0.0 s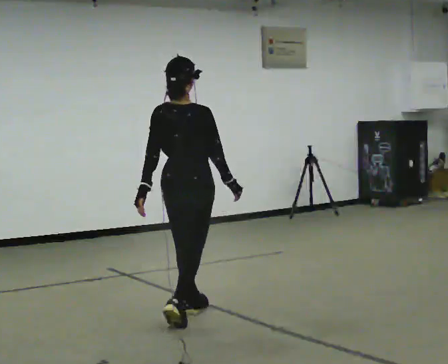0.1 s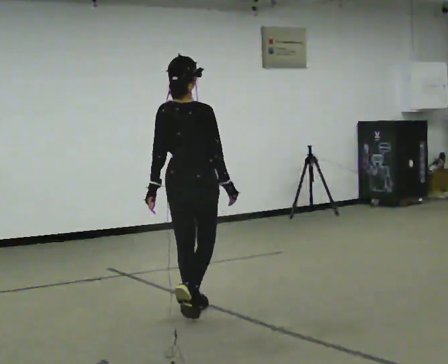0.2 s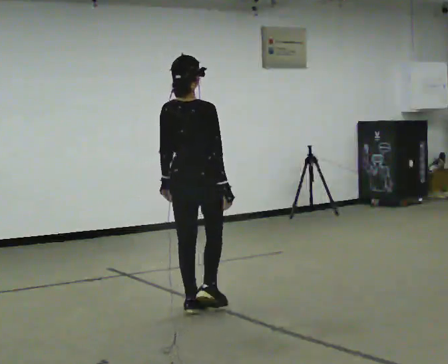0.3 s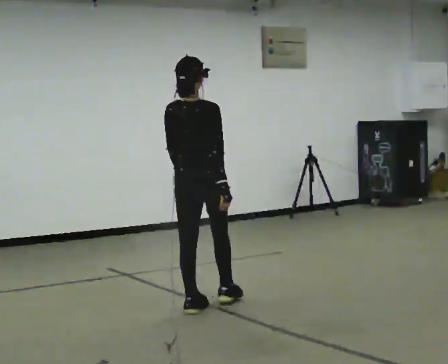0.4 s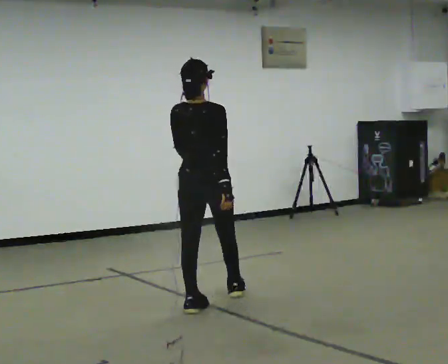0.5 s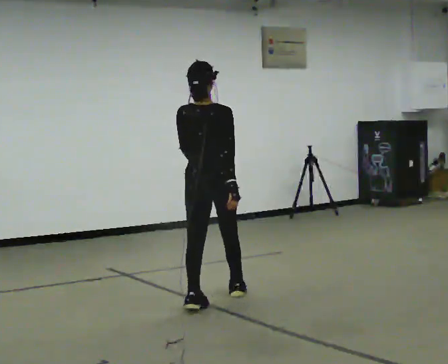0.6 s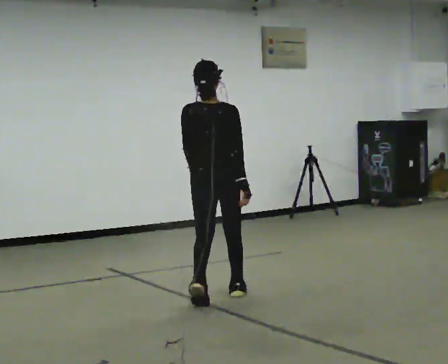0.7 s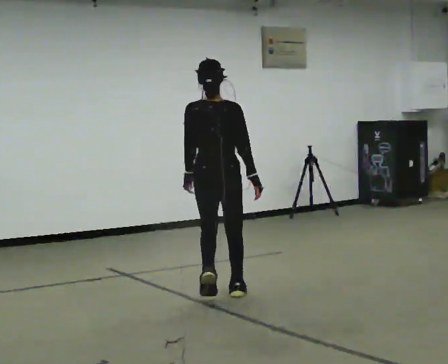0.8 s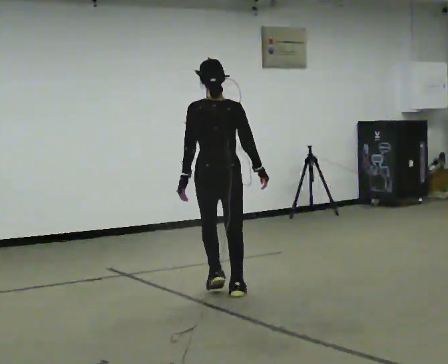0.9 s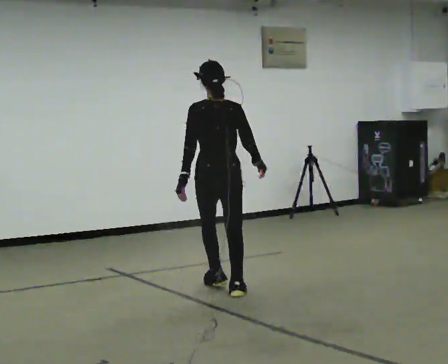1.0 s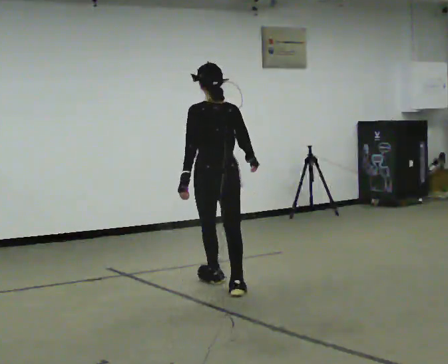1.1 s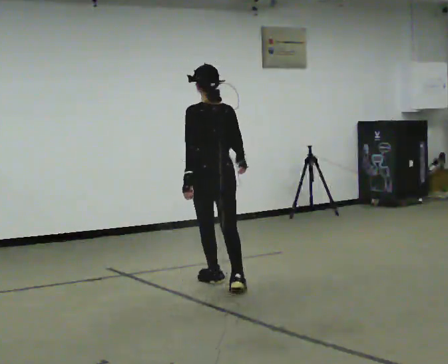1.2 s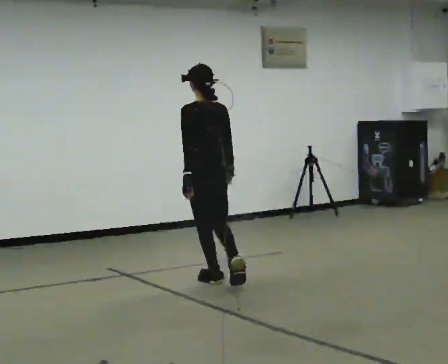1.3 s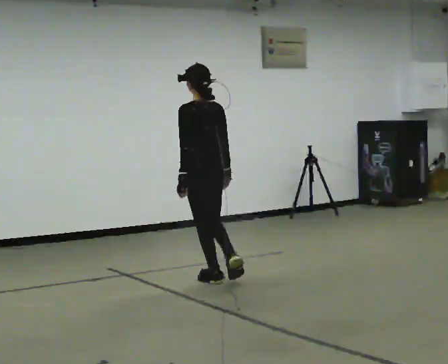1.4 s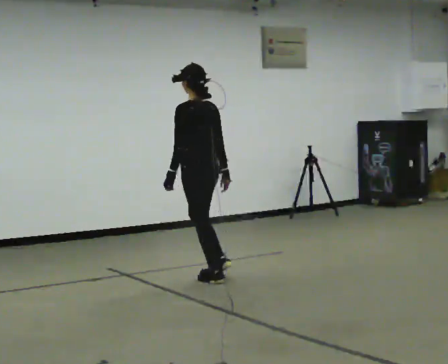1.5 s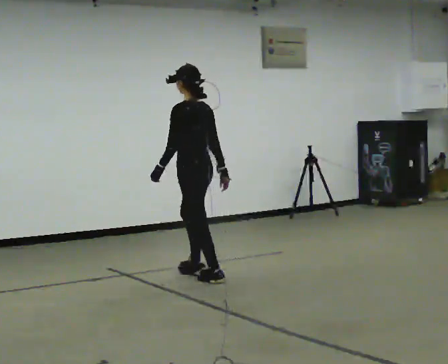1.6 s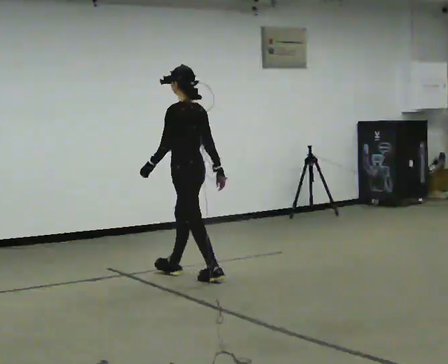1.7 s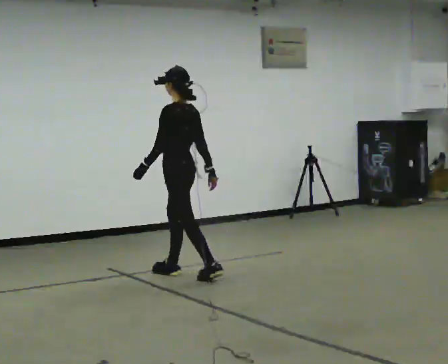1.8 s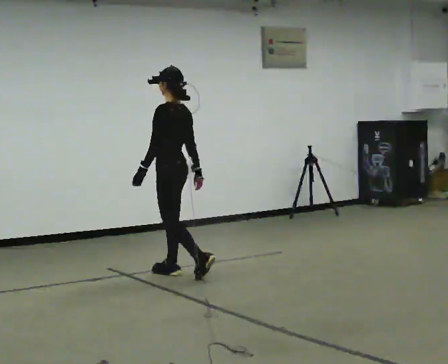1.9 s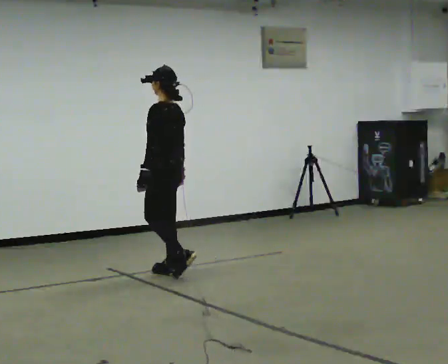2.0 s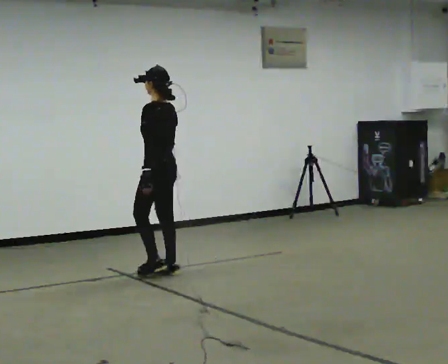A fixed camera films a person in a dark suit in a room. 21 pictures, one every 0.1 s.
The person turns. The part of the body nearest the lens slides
to the right.
The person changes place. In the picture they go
away from the camera.
0.0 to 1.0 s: The part of the body nearest the lens slides to the right as the person turns to their left by about 30 degrees. In the picture they go away from the camera, about 1 m in 1 step, which for them is forward.
1.0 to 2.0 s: The part of the body nearest the lens slides to the right as the person turns to their left by about 45 degrees. In the picture they go away from the camera and to the left, about 0.5 m in 2 steps, which for them is forward.
The film runs forward here.
